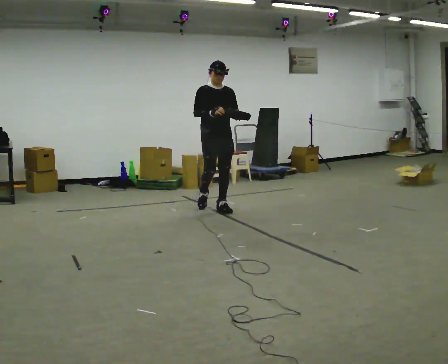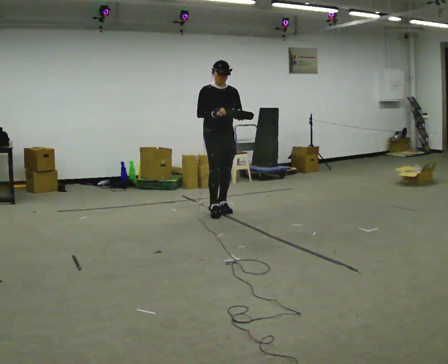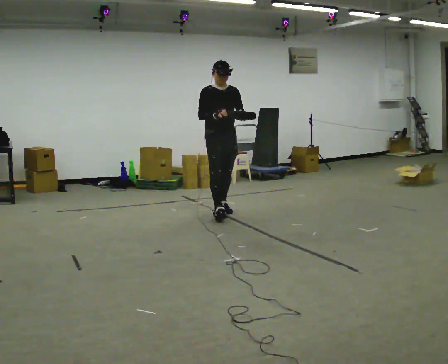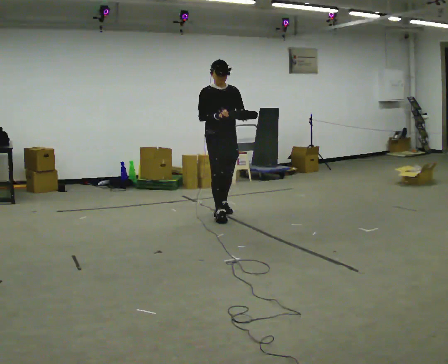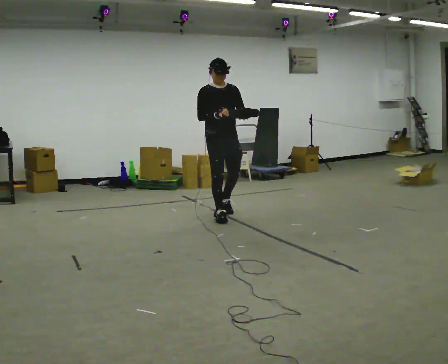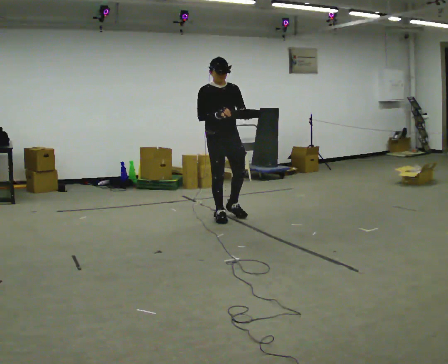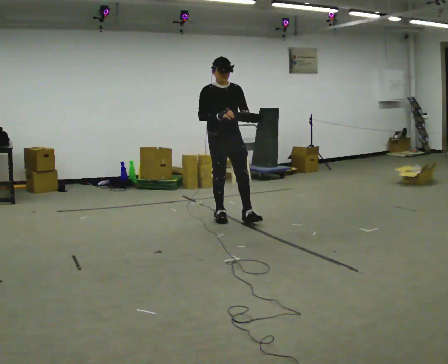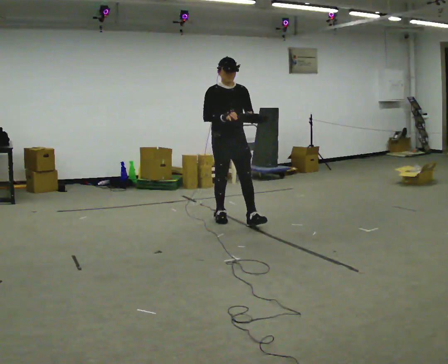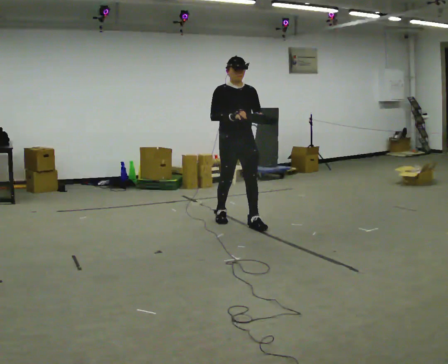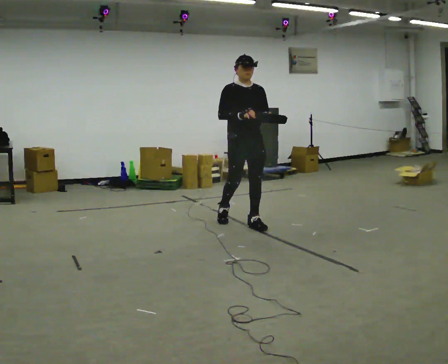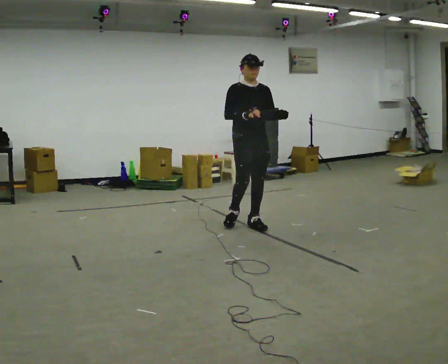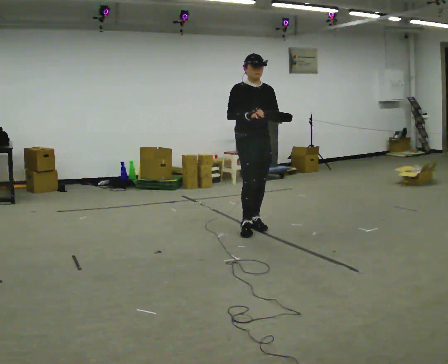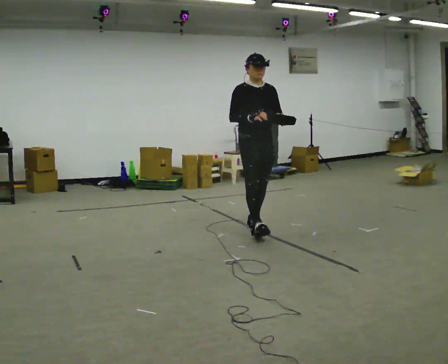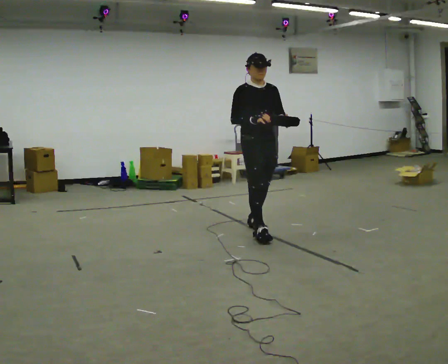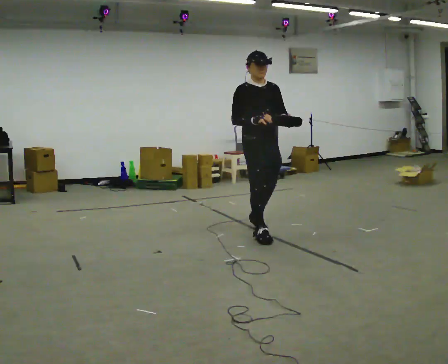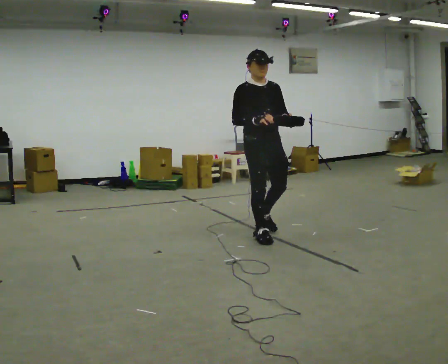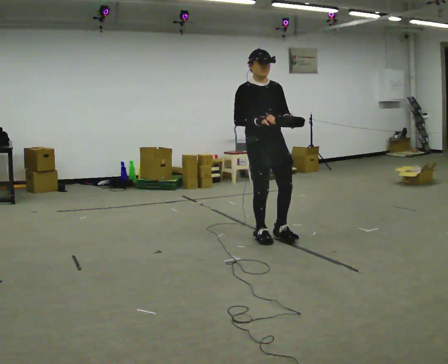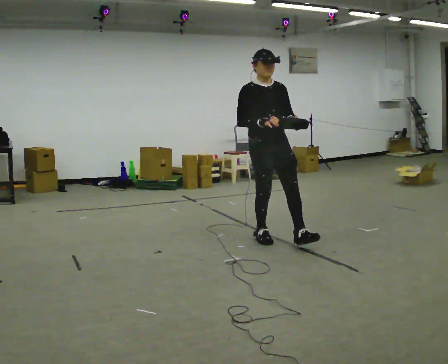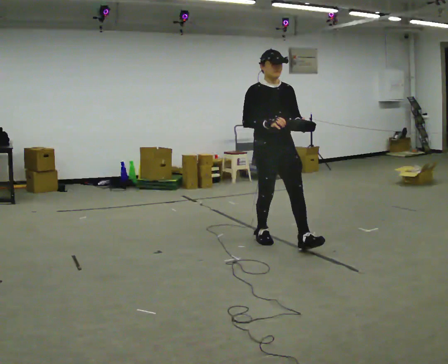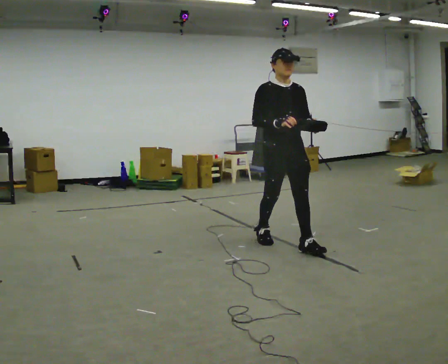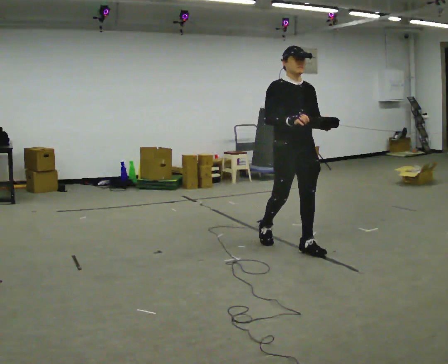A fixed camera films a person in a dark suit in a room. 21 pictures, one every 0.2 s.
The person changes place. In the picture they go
toward the camera.
0.0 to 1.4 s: In the picture they go toward the camera, about 0.5 m in 2 steps, which for them is forward.
1.4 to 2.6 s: In the picture they go toward the camera and to the right, about 0.5 m in 1 step, which for them is forward.
2.6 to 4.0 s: In the picture they go toward the camera and to the right, about 0.75 m in 1 step, which for them is forward.
The film runs forward here.
